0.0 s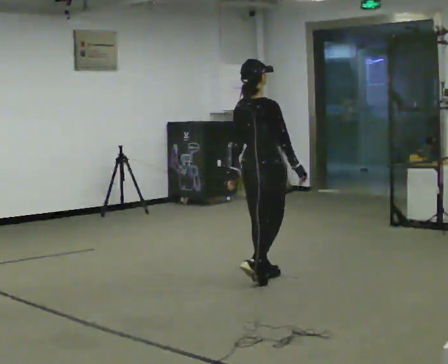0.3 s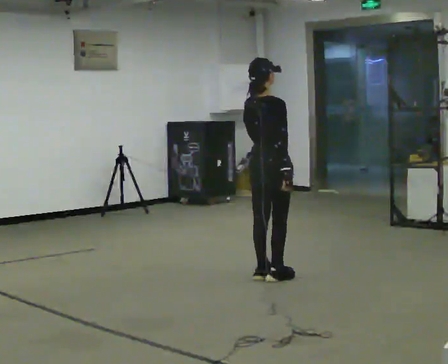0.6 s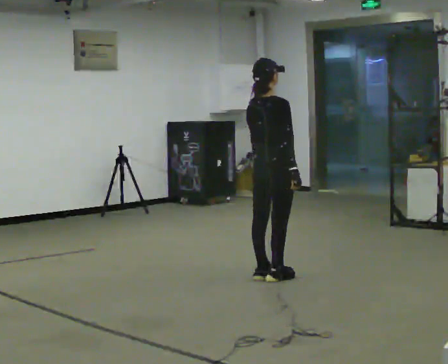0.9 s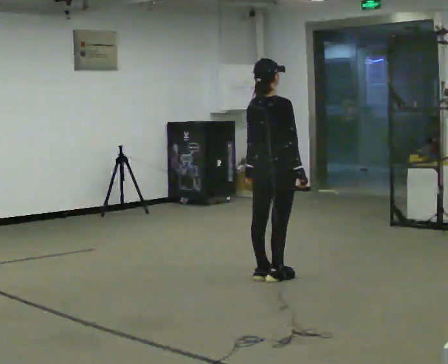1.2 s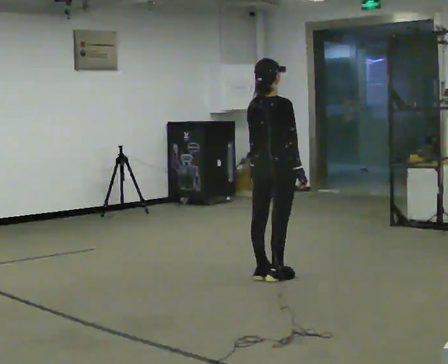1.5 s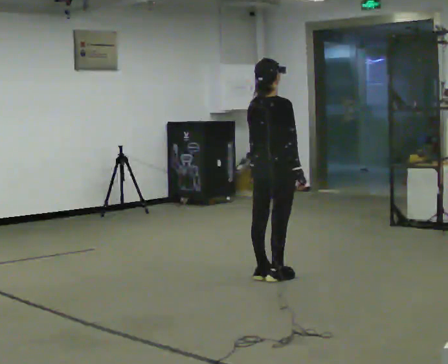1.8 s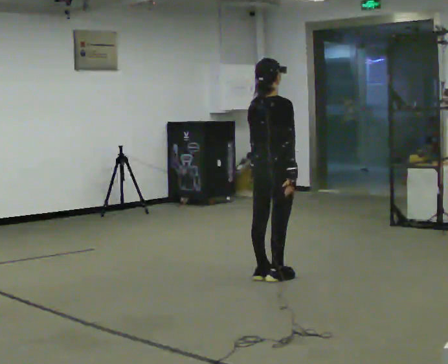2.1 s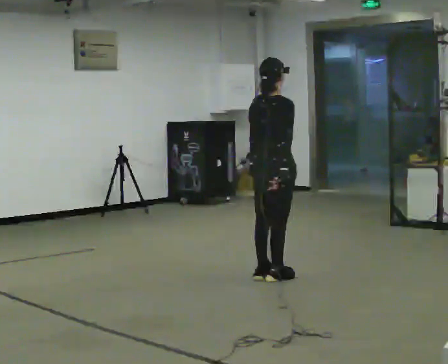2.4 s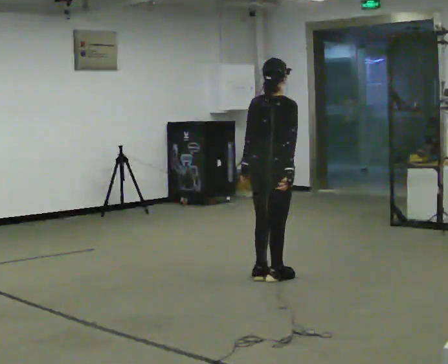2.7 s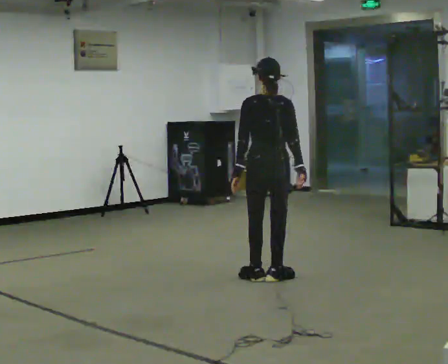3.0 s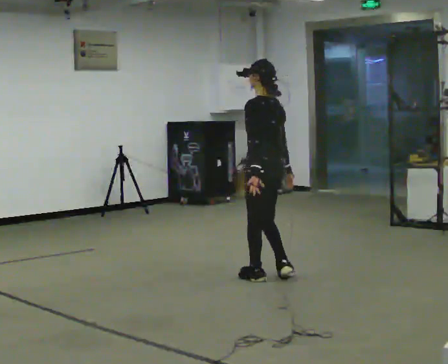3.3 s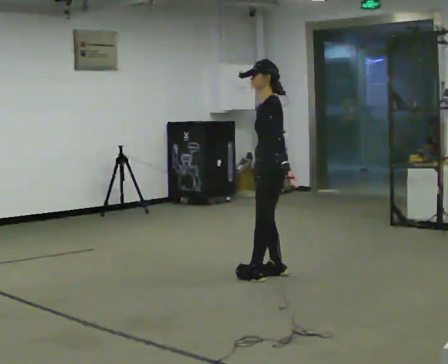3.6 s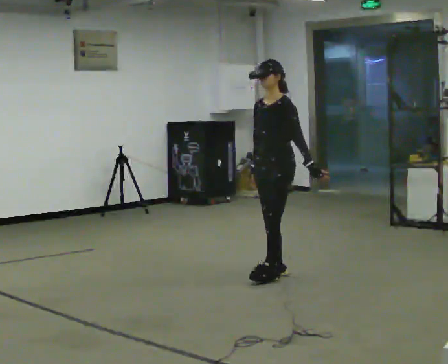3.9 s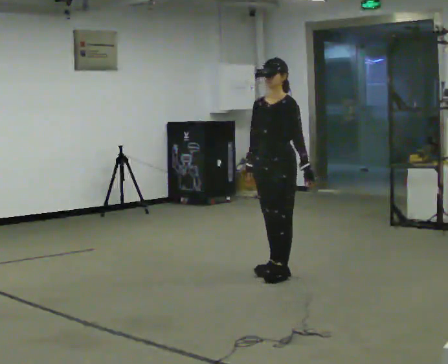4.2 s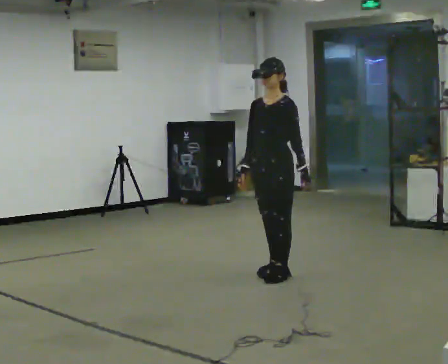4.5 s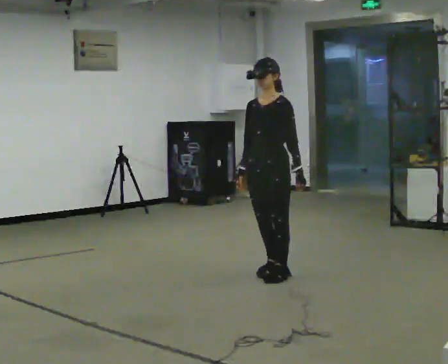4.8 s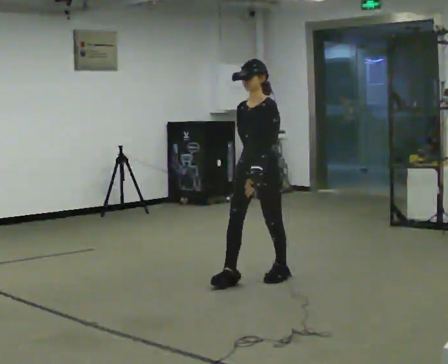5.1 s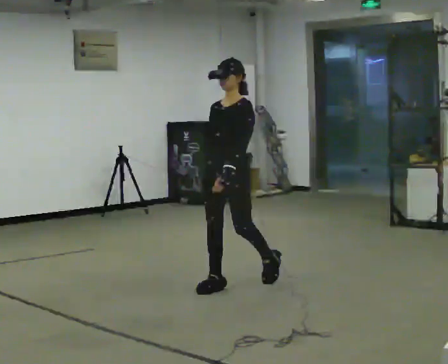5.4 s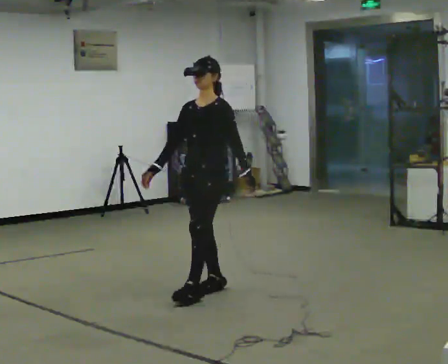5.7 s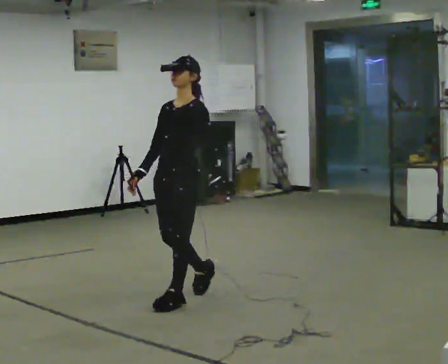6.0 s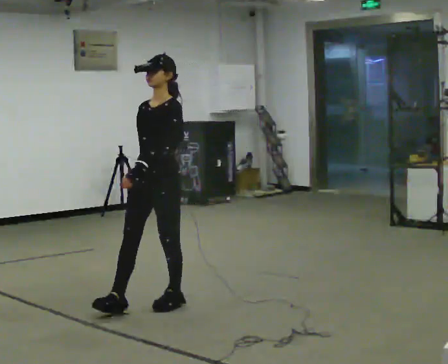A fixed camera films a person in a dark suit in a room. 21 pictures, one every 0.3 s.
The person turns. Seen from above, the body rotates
counterclockwise.
The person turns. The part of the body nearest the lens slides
to the right.
0.0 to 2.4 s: The person moves a little, or ends about where they began.
2.4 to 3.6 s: Seen from above the body turns counterclockwise, about 165 degrees: to their left, with its near side sliding to the right. In the picture their left hand goes to the right, the arm swinging counterclockwise.
3.6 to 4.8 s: In the picture they go toward the camera, about 0.25 m in 1 step, which for them is forward.
4.8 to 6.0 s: In the picture they go toward the camera and to the left, about 1 m in 2 steps, which for them is forward.
The film runs forward here.
